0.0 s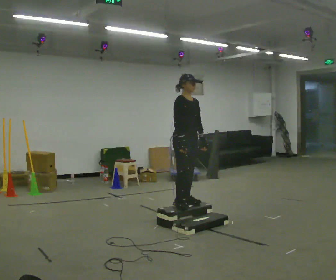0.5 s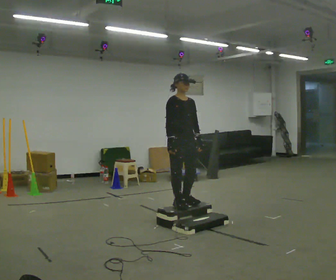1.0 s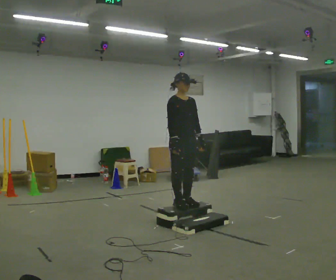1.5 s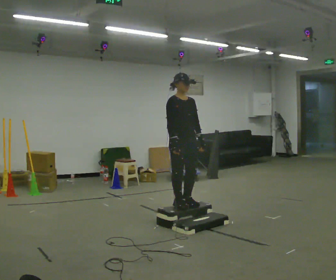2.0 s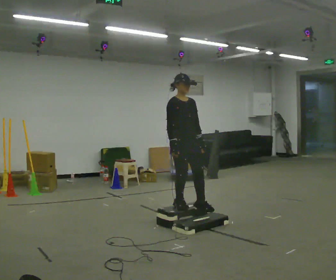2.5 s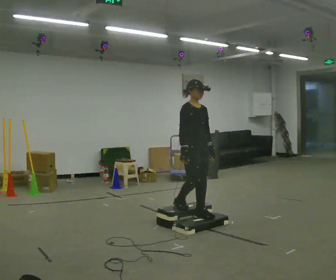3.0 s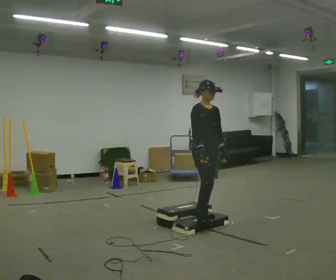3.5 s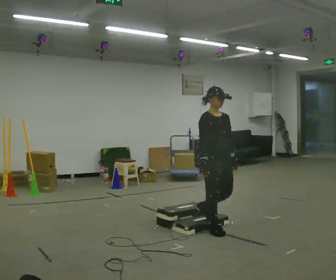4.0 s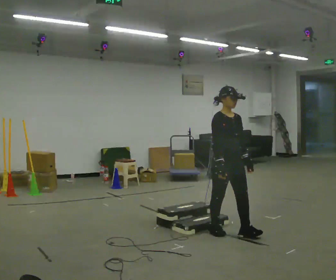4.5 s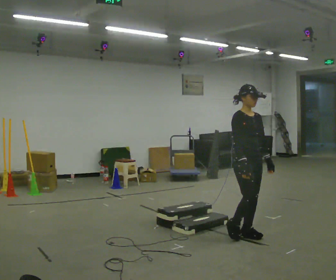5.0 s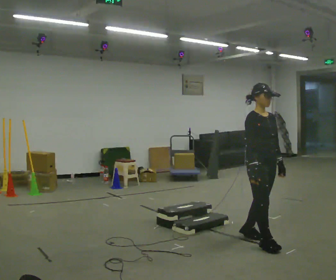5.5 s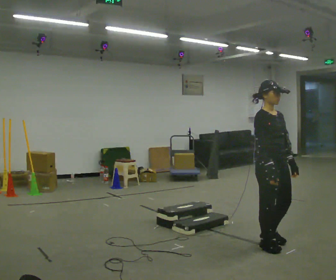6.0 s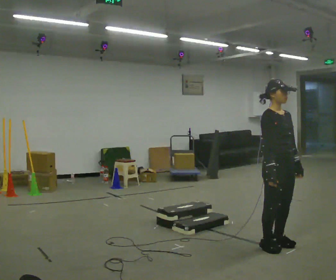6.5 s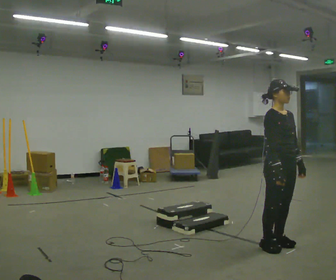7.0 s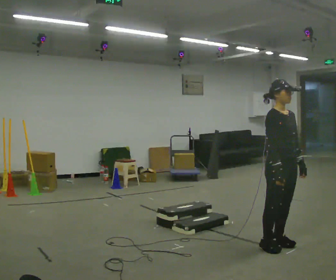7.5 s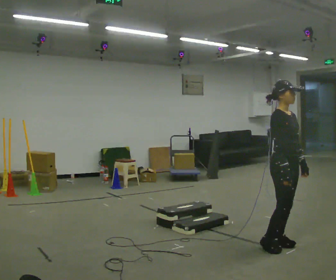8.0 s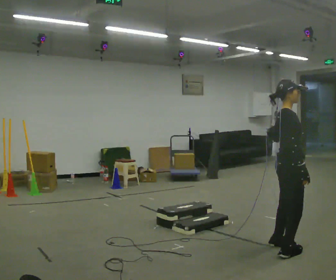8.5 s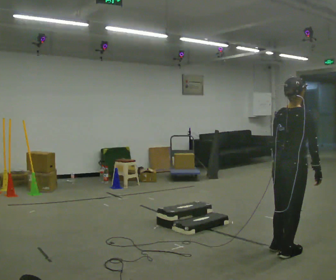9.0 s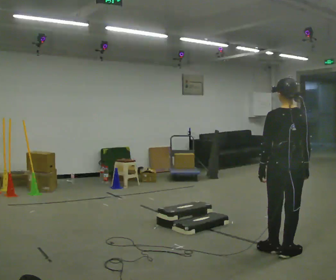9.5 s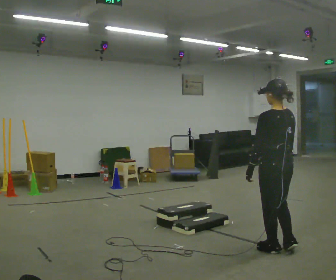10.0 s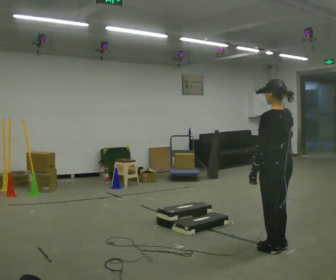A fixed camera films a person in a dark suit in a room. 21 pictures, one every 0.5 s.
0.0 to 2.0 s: In the picture they go toward the camera, about 0.25 m, which for them is forward.
2.0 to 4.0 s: In the picture they go to the right and toward the camera, about 0.75 m in 3 steps, which for them is forward. The upper body goes downward.
4.0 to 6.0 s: In the picture they go to the right and toward the camera, about 0.75 m in 2 steps, which for them is forward.
6.0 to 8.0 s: The part of the body nearest the lens slides to the right as the person turns to their left by about 45 degrees.
8.0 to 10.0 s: Seen from above the body turns counterclockwise, about 120 degrees: to their left, with its near side sliding to the right.
The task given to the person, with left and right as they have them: Walk up the three steps, turn at the top, and walk back down at a comfortable speed. Use the handrail only if you need it.
The film runs forward here.
